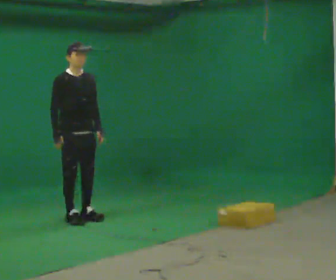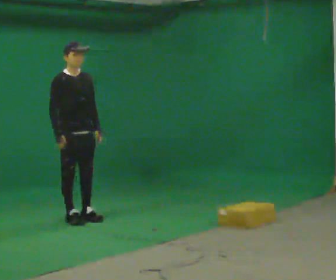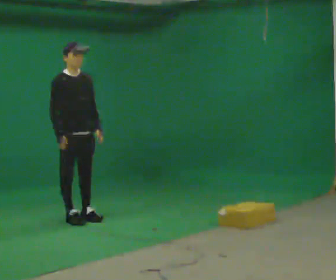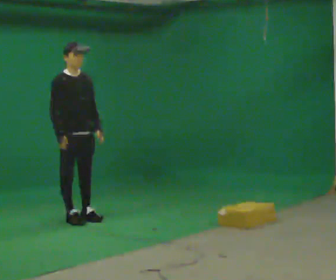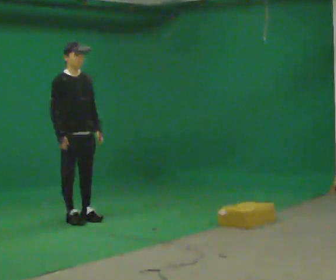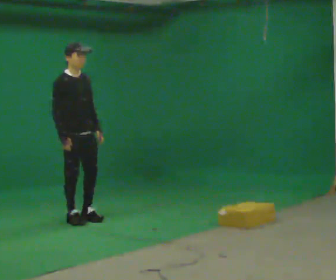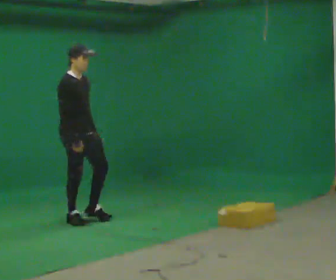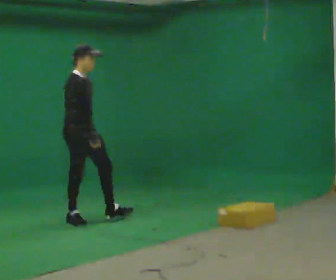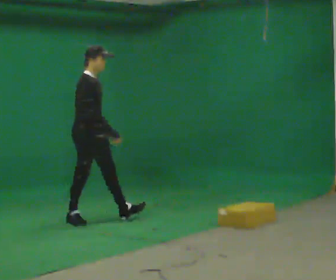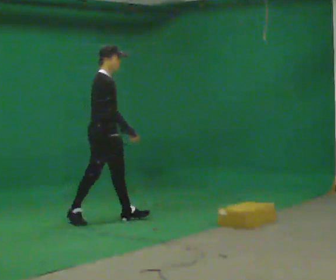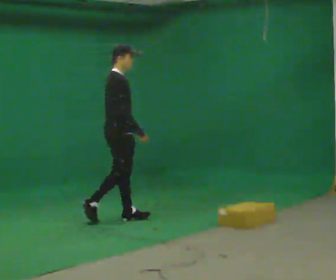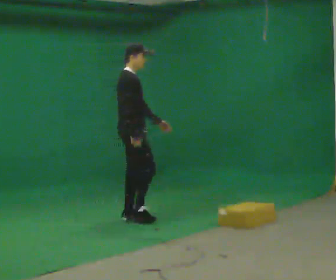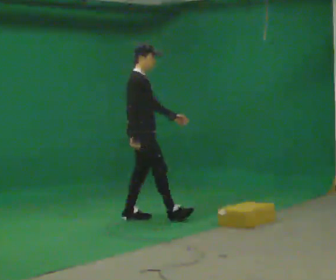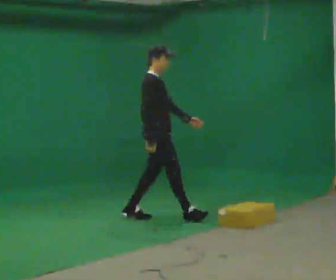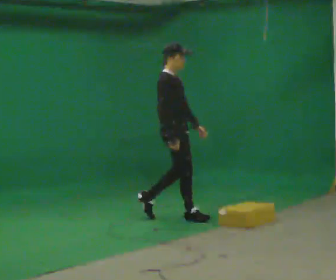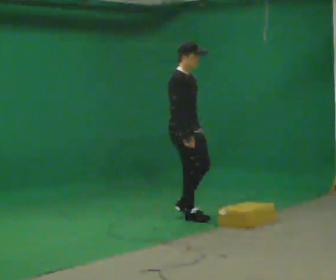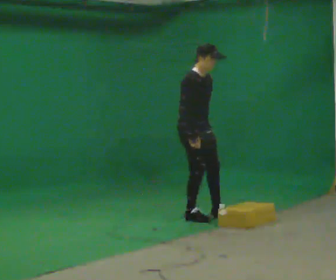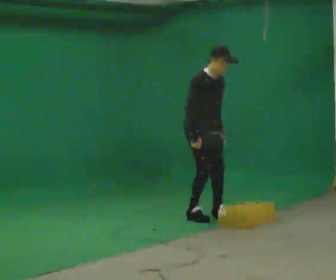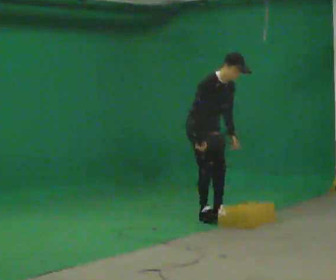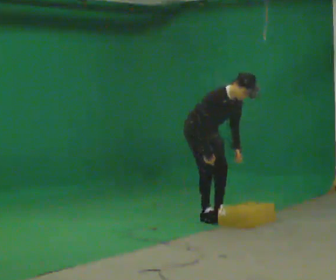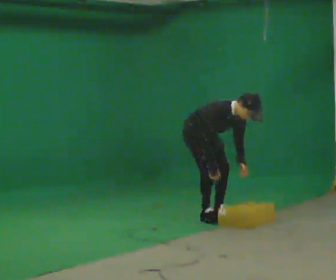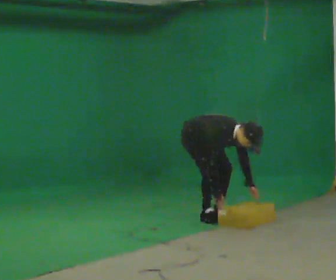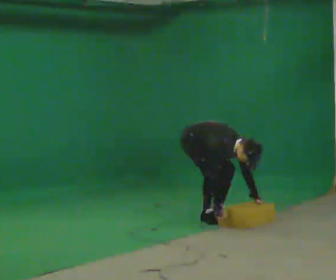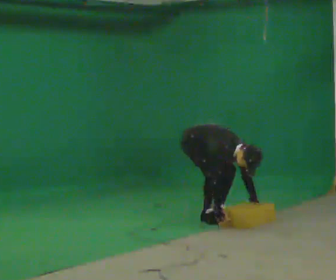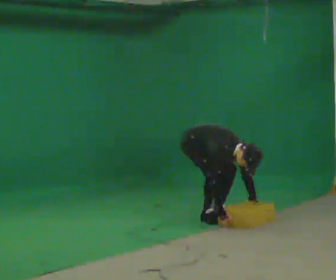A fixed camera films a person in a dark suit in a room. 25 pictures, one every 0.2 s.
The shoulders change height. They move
downward.
The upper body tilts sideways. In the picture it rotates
clockwise.
0.0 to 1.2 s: The person moves a little, or ends about where they began.
1.2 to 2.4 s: The part of the body nearest the lens slides to the right as the person turns to their left by about 30 degrees. In the picture they go to the right, about 0.75 m in 1 step, which for them is forward.
2.4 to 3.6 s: The part of the body nearest the lens slides to the left as the person turns to their right by about 45 degrees. In the picture they go to the right, about 0.5 m in 2 steps, which for them is forward. In the picture the upper body tilts clockwise, shoulders to the right, as they bend forward.
3.6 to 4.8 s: The shoulders move downward. In the picture the upper body tilts clockwise, shoulders to the right, as they bend forward. In the picture their right hand goes downward.
The film runs forward here.
